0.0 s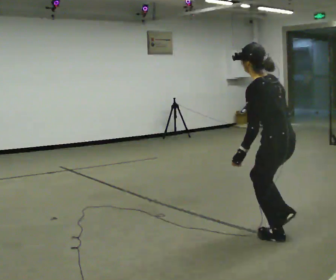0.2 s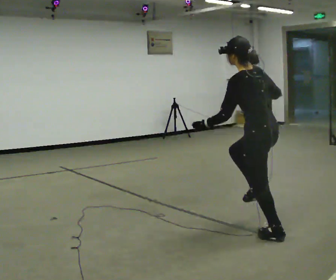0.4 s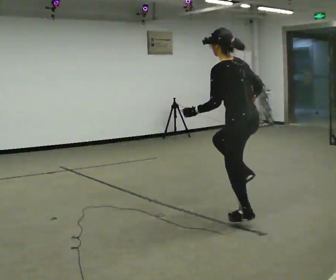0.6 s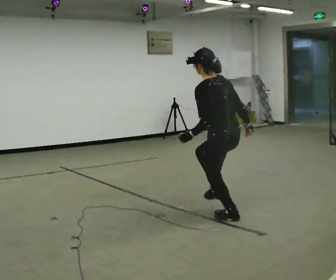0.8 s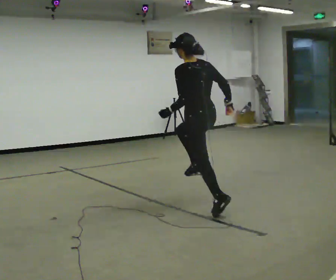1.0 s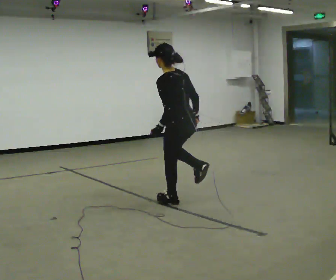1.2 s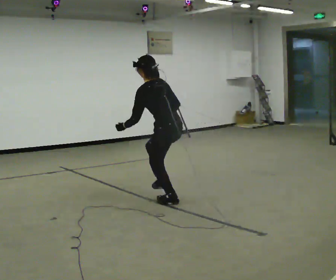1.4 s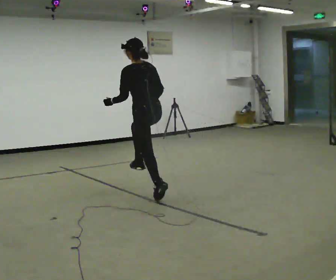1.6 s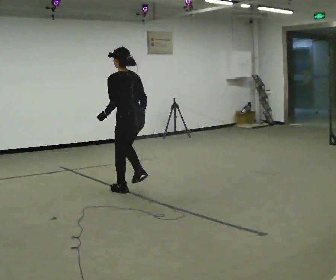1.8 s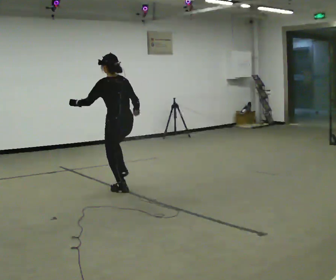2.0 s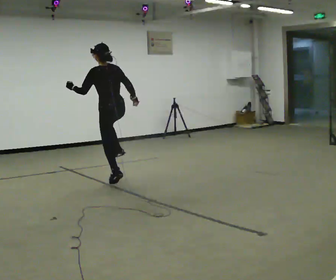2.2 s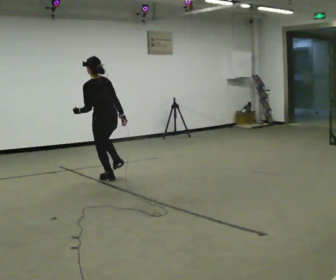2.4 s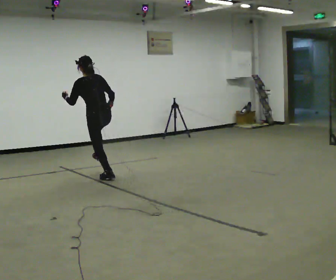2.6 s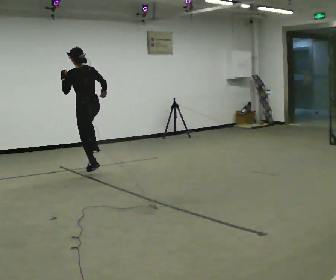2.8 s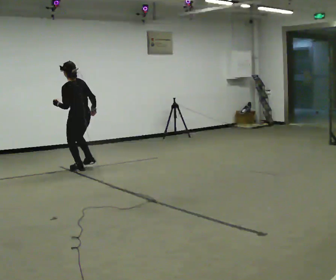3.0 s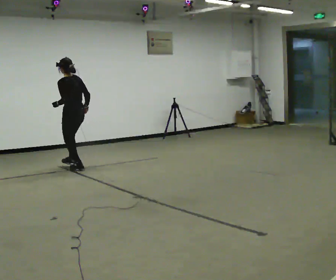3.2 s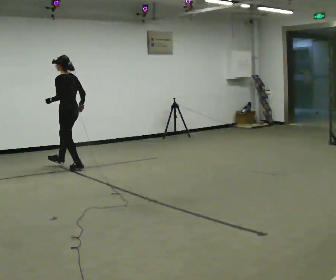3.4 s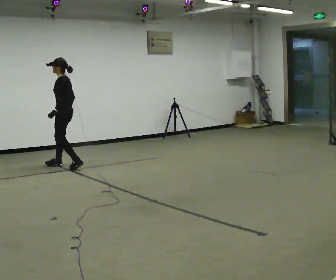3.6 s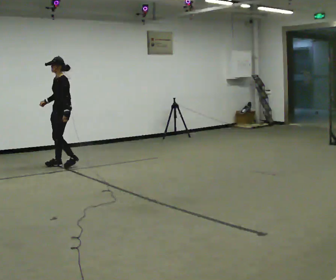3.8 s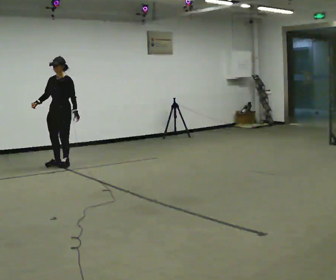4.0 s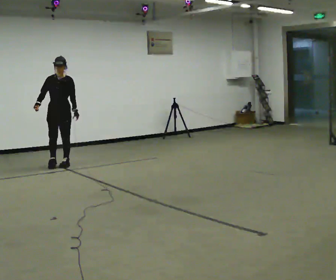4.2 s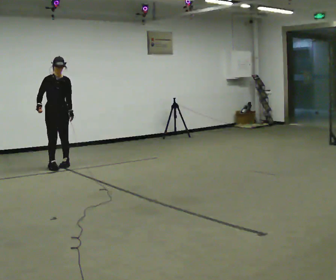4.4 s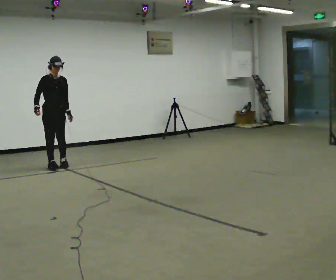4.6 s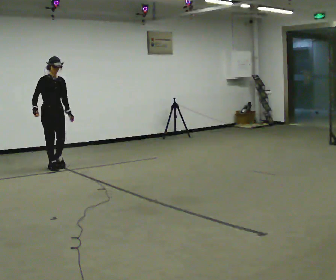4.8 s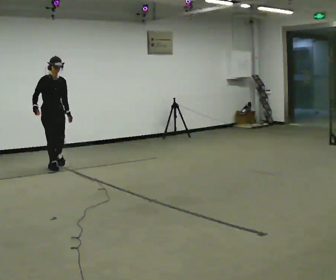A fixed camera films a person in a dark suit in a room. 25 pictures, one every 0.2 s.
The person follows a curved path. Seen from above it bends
counterclockwise.
The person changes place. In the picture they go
away from the camera.
0.0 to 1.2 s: In the picture they go away from the camera and to the left, about 1.5 m in 2 steps, which for them is forward.
1.2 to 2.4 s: In the picture they go away from the camera and to the left, about 1.5 m in 3 steps, which for them is forward.
2.4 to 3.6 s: The person turns about 90 degrees to their left, counterclockwise seen from above, so the part of the body nearest the lens slides to the right. In the picture they go away from the camera and to the left, about 1 m in 2 steps. In the picture their left hand goes downward.
3.6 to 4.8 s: Seen from above the body turns counterclockwise, about 90 degrees: to their left, with its near side sliding to the right. In the picture they go toward the camera, about 0.25 m in 3 steps.
The film runs forward here.
